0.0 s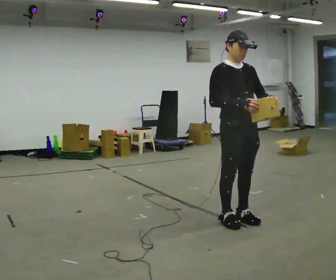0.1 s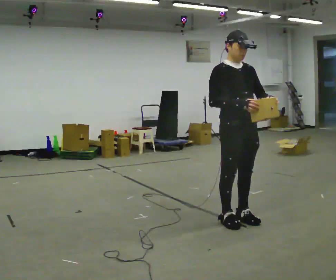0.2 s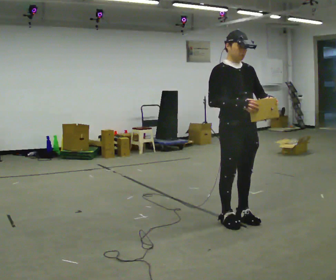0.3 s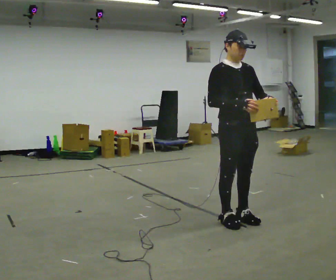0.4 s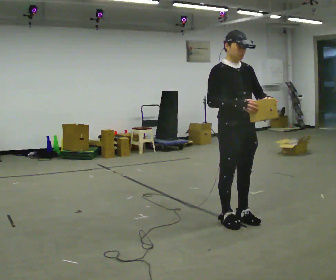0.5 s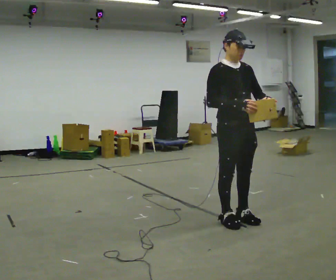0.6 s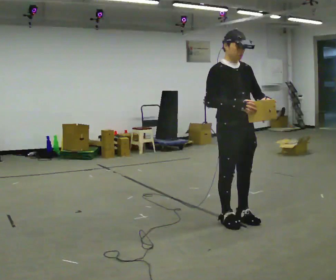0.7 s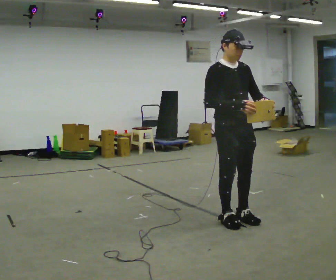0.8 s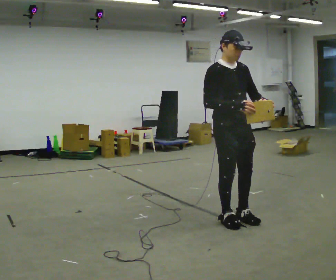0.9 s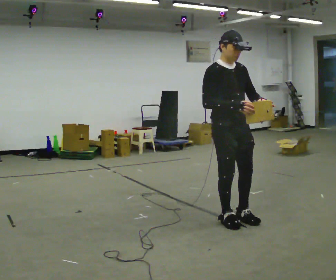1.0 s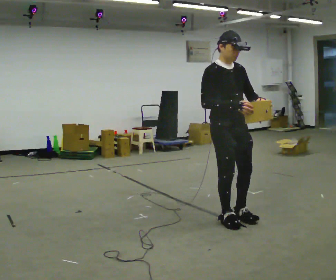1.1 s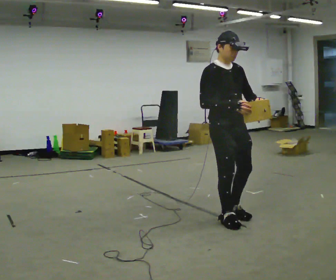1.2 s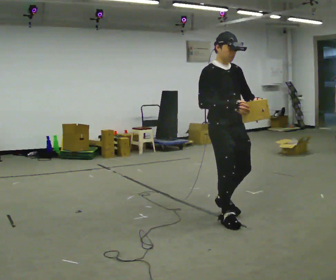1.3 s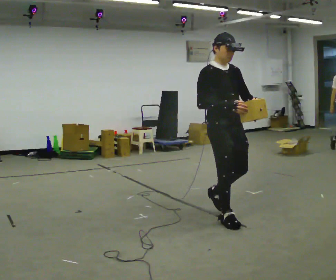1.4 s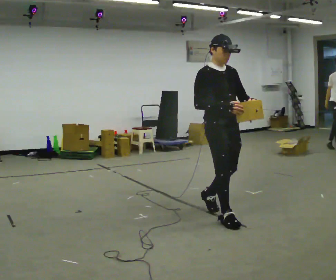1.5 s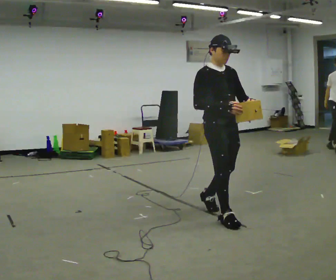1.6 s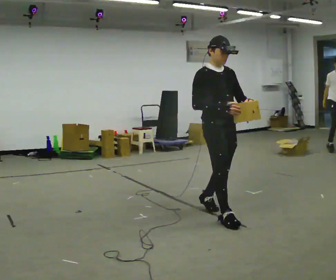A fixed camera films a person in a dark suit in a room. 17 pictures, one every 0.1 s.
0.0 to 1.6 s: In the picture they go to the left and away from the camera, about 0.25 m in 1 step, which for them is backward.
The film runs backward here.
